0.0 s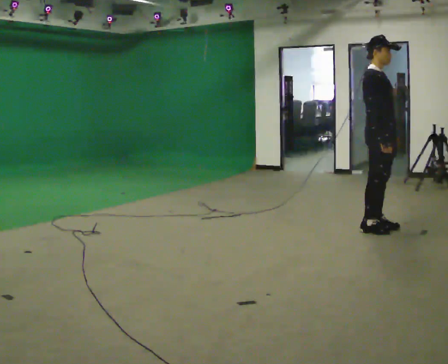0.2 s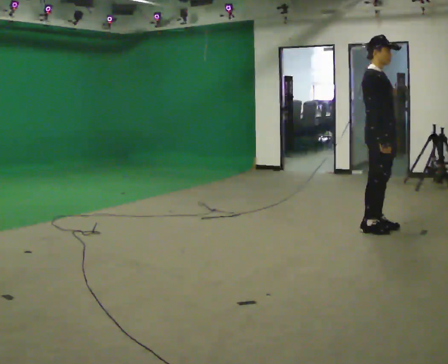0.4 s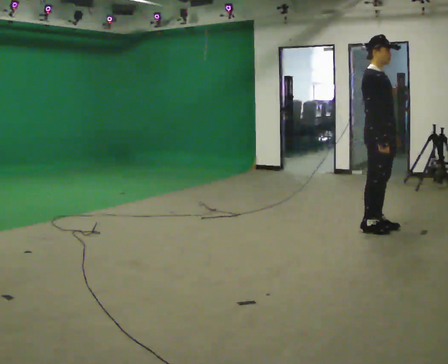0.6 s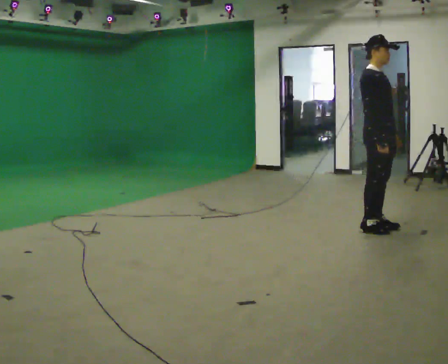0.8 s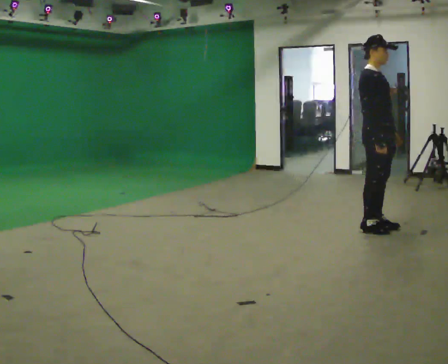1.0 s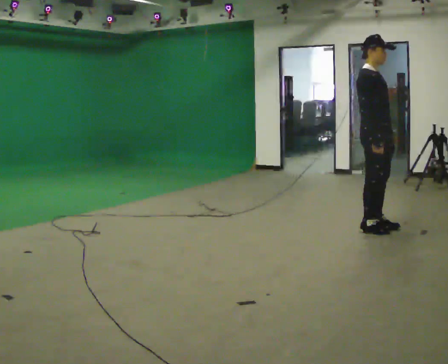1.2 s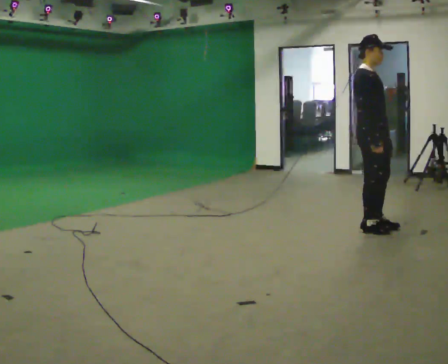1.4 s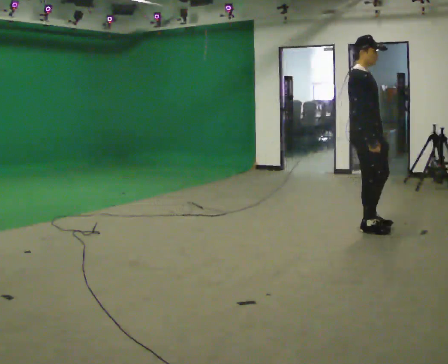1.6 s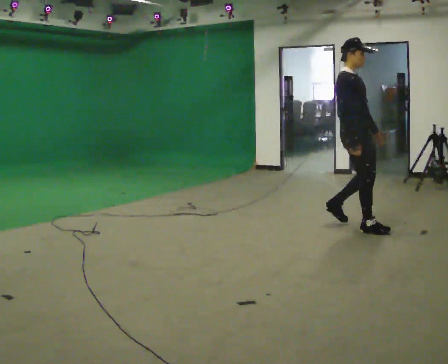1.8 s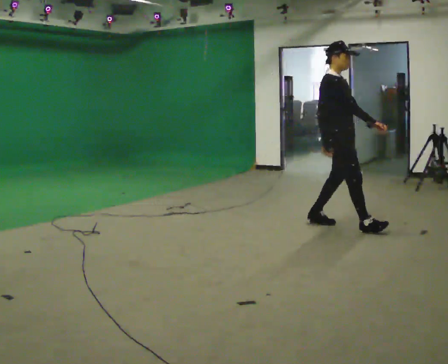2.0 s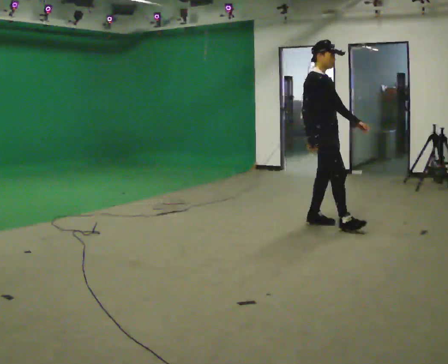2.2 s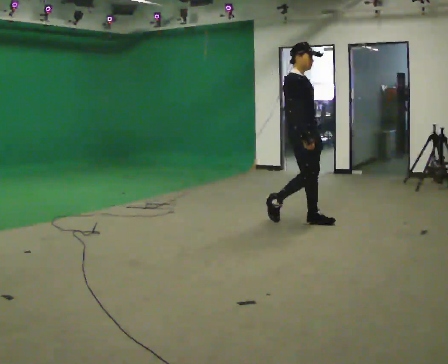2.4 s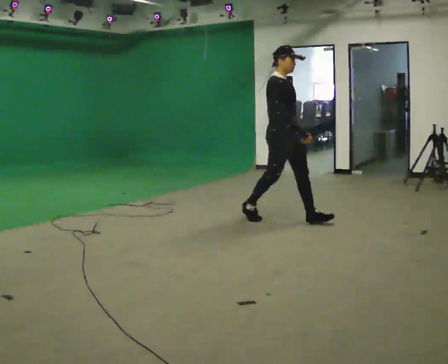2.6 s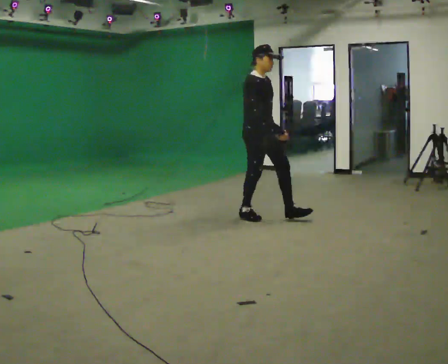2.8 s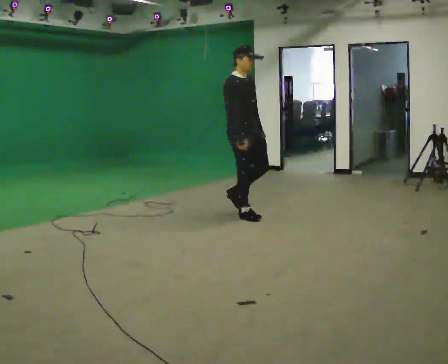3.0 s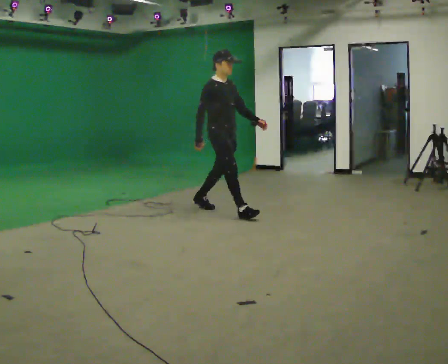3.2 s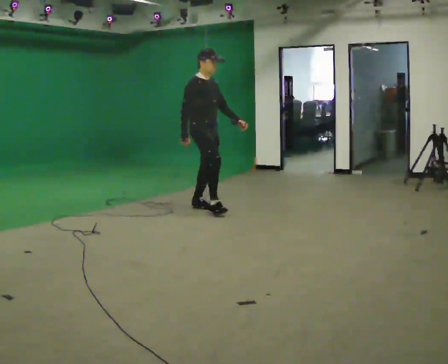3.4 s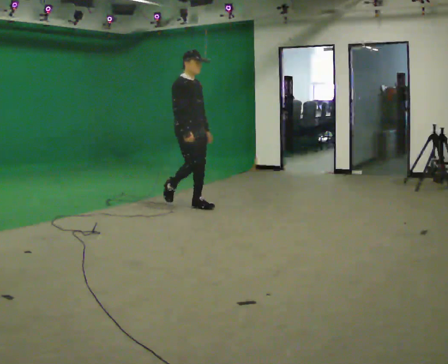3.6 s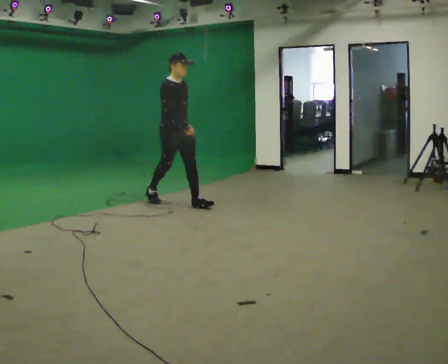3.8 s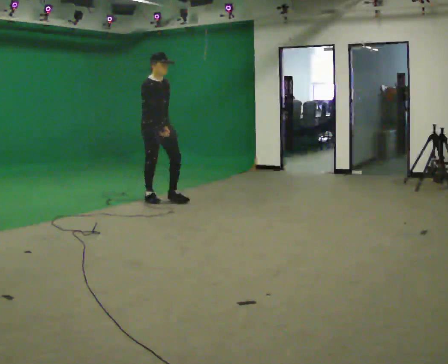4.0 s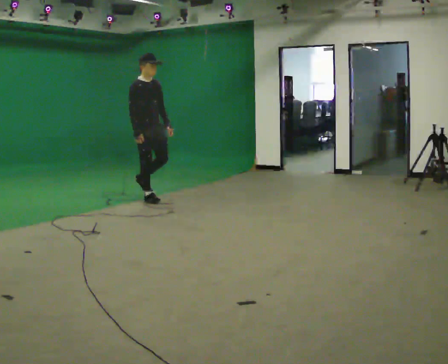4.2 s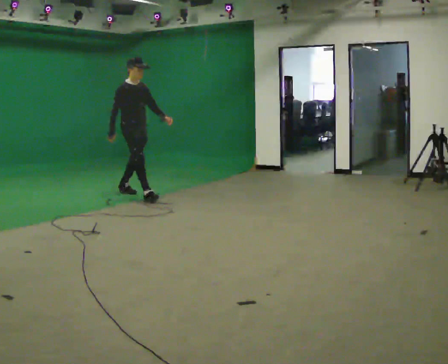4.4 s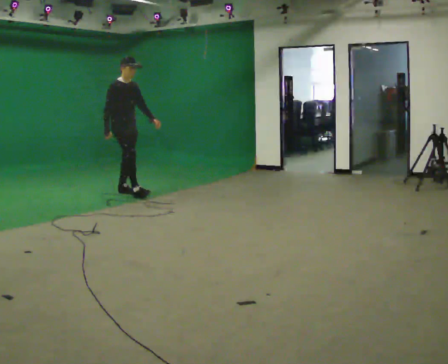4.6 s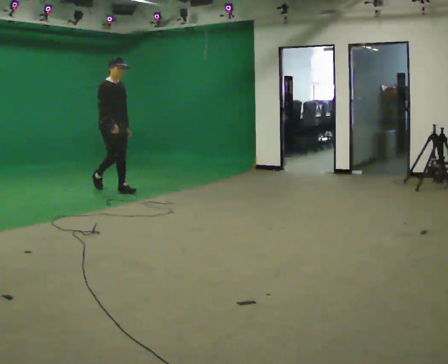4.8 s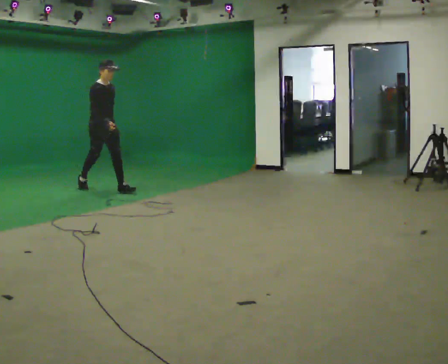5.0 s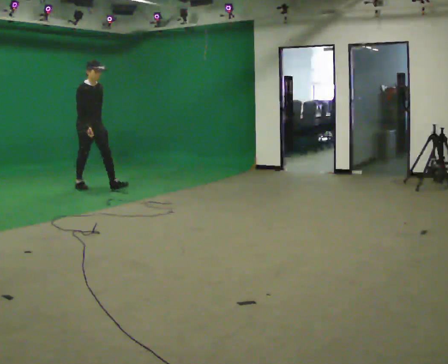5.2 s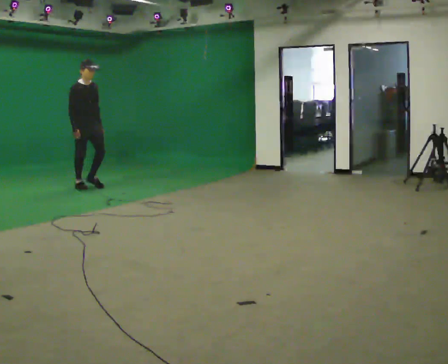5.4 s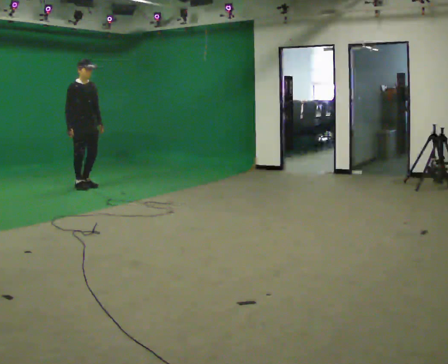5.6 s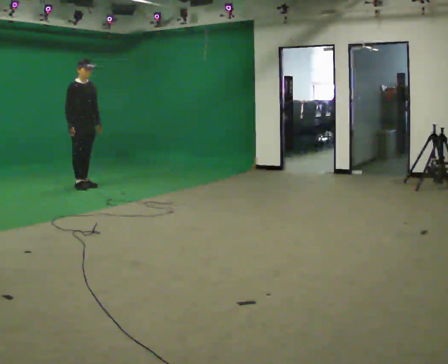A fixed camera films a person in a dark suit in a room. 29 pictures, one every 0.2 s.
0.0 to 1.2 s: The person moves a little, or ends about where they began.
1.2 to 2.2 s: In the picture they go to the left and away from the camera, about 0.75 m in 2 steps, which for them is backward.
2.2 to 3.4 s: In the picture they go to the left and away from the camera, about 1.5 m in 2 steps, which for them is backward.
3.4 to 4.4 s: In the picture they go to the left and away from the camera, about 1 m in 2 steps, which for them is backward.
4.4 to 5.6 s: In the picture they go to the left and away from the camera, about 1 m in 1 step, which for them is backward.
The film runs backward here.
